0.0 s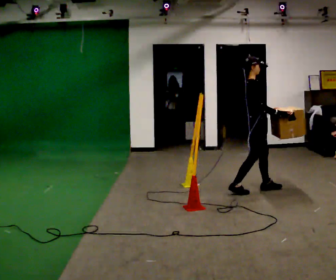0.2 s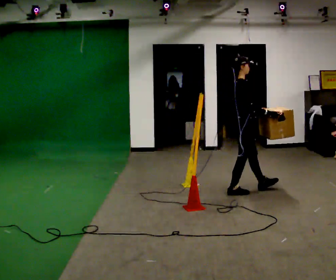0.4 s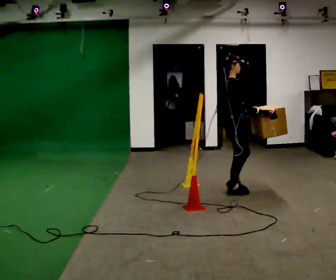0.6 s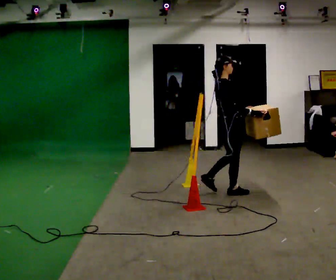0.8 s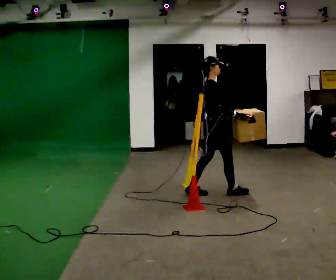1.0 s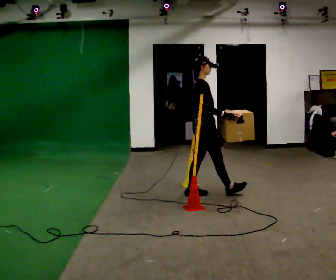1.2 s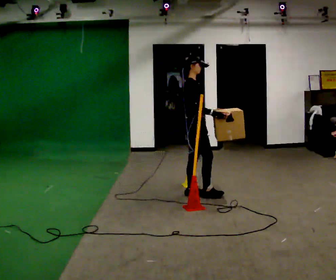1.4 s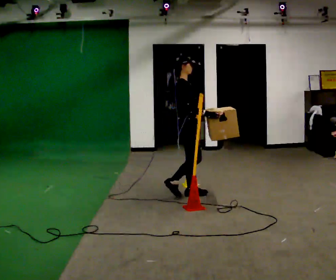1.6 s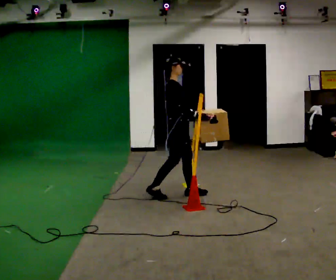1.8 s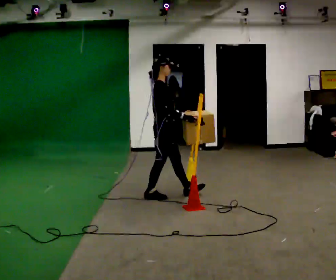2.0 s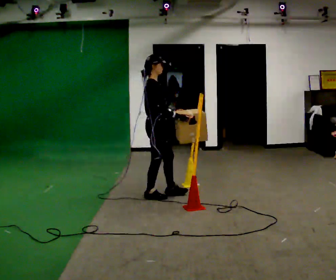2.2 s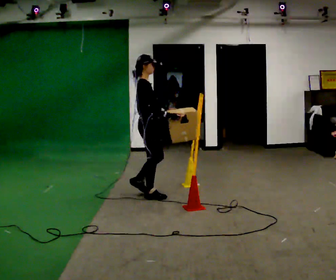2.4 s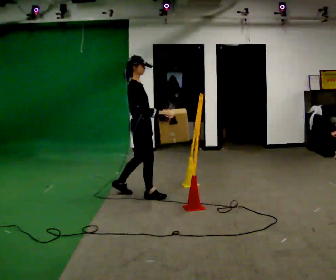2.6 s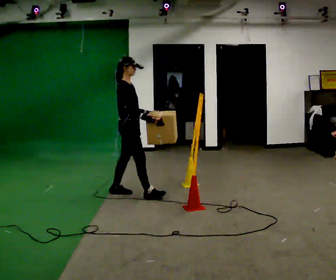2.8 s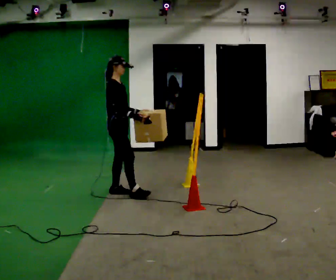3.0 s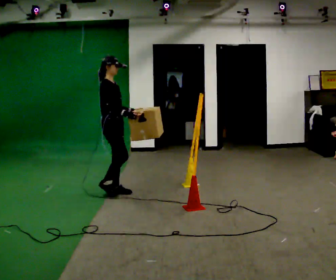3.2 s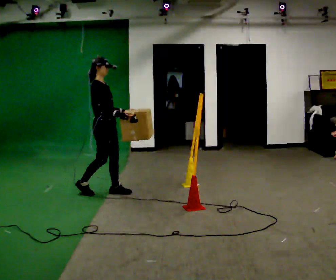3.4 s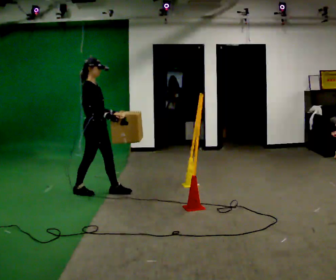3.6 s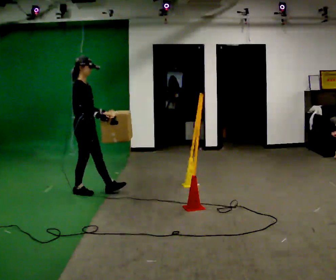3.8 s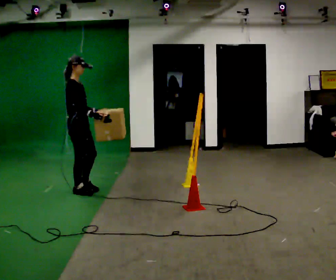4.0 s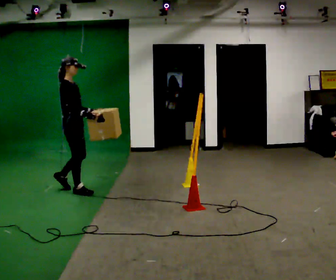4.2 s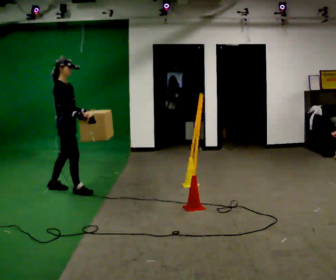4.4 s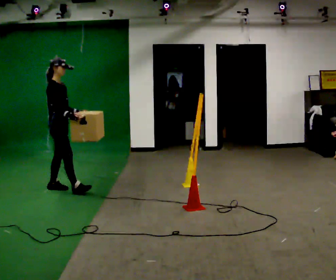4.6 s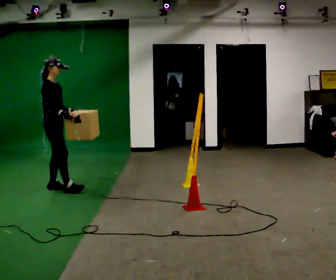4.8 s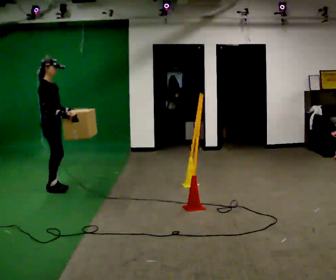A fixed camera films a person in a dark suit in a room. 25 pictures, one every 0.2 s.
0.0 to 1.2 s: In the picture they go to the left, about 0.5 m in 2 steps, which for them is backward.
1.2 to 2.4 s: In the picture they go to the left, about 0.5 m in 1 step, which for them is backward.
2.4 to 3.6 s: In the picture they go to the left, about 0.75 m in 2 steps, which for them is backward.
3.6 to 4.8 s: In the picture they go to the left and away from the camera, about 0.5 m in 1 step, which for them is backward.
The film runs backward here.
